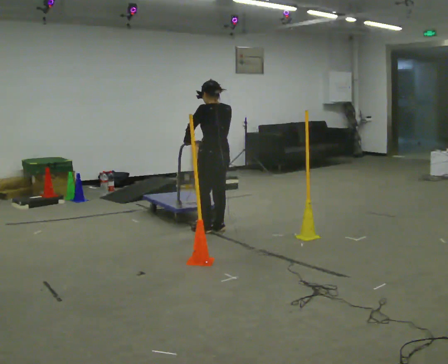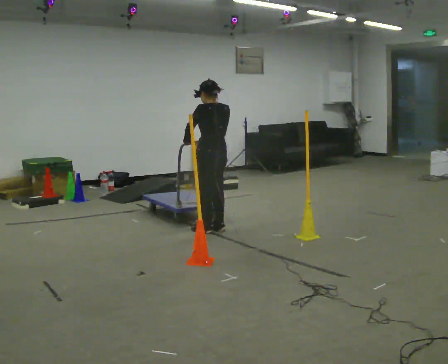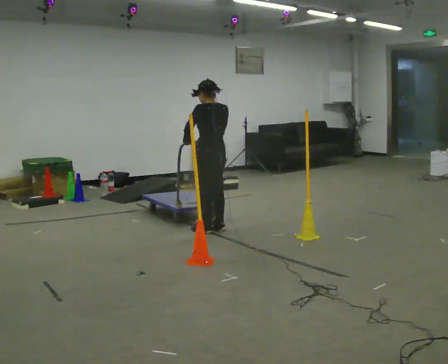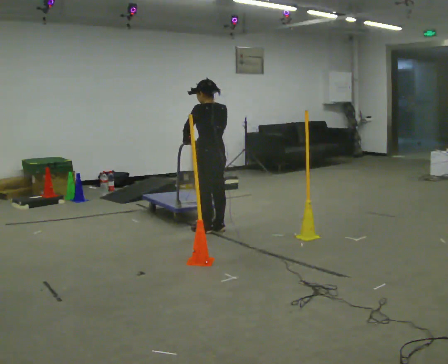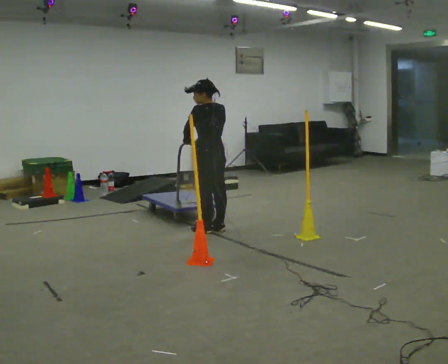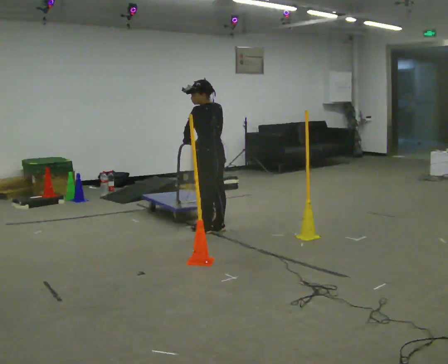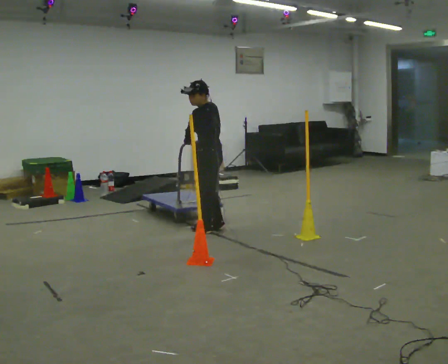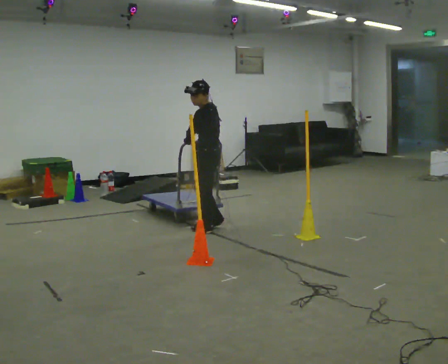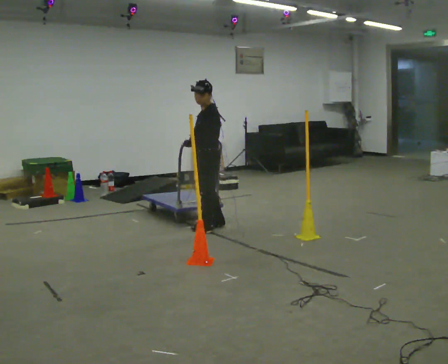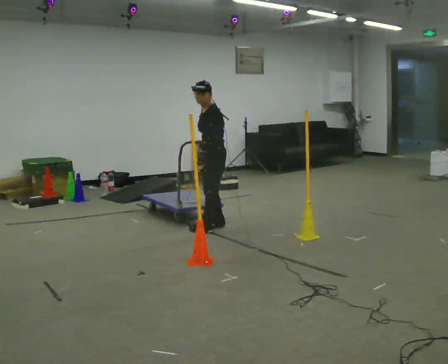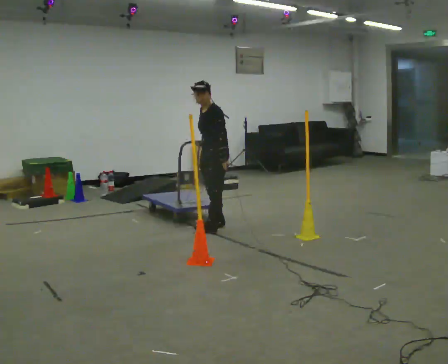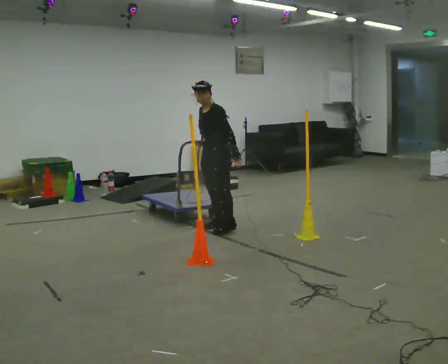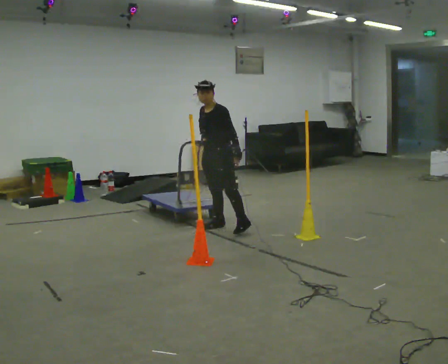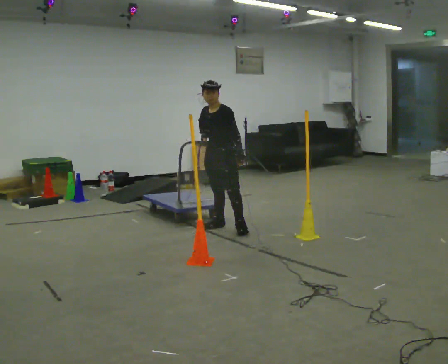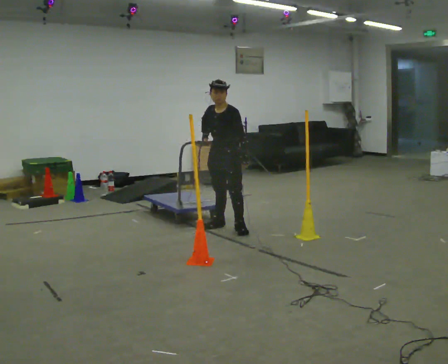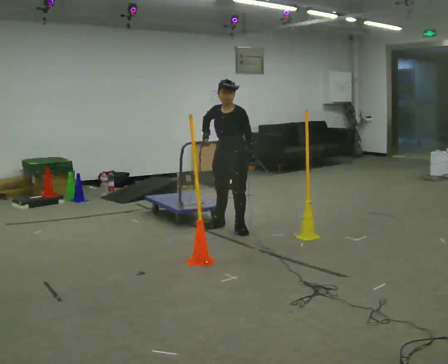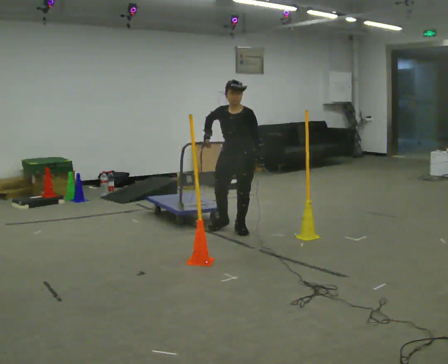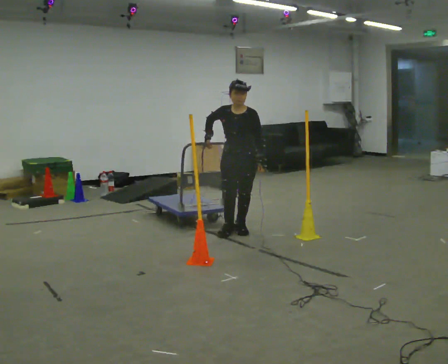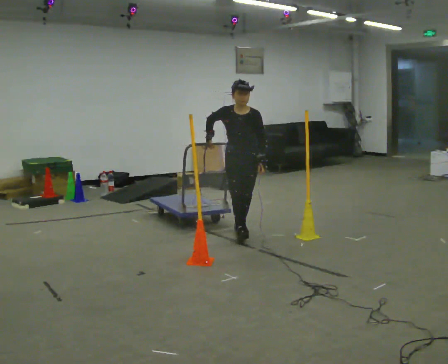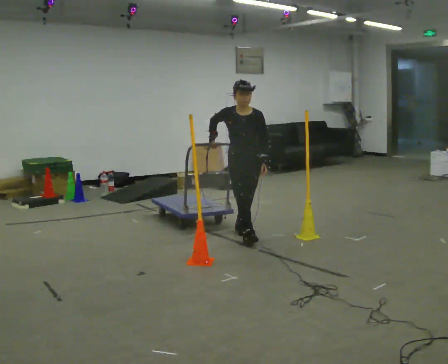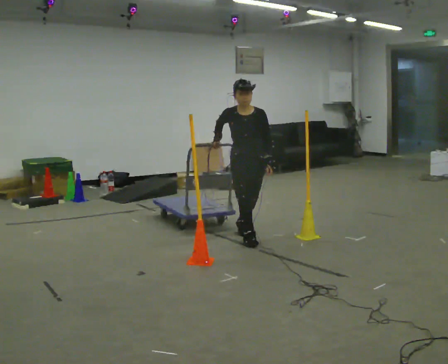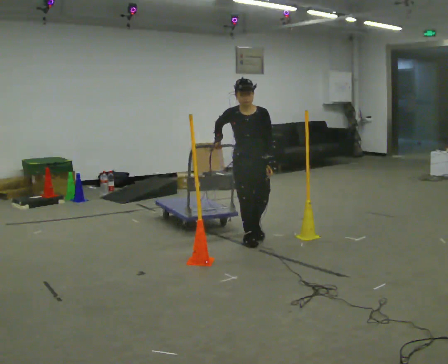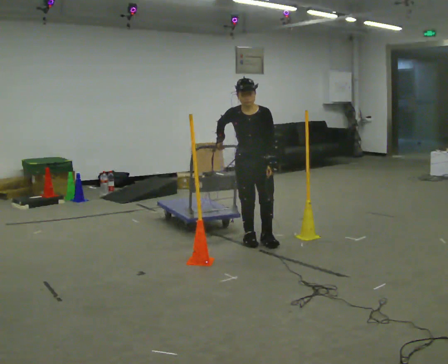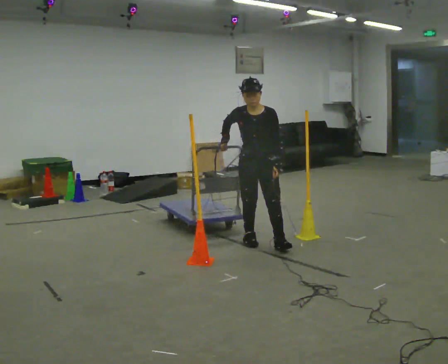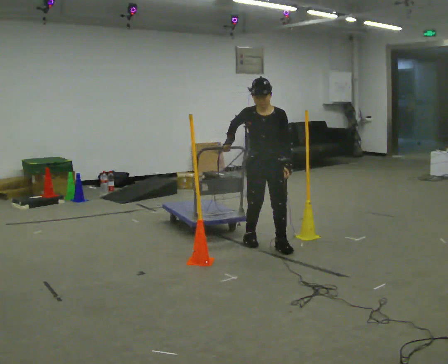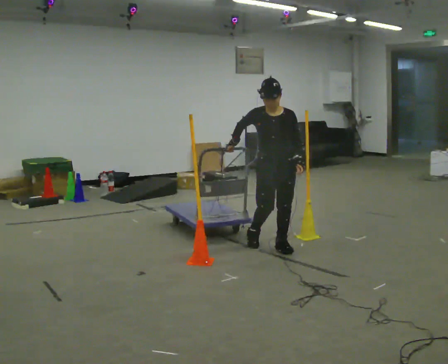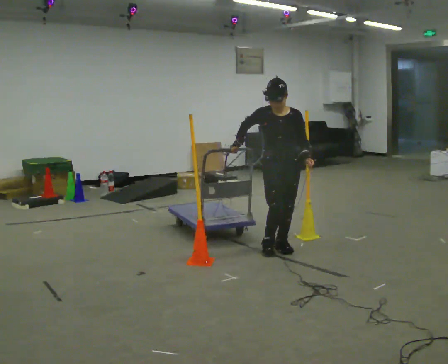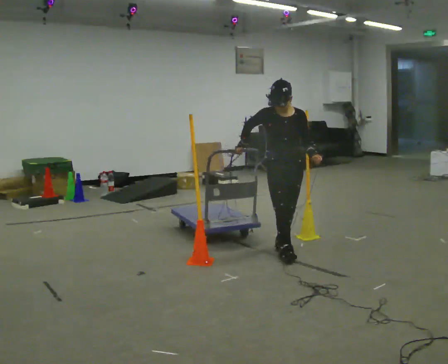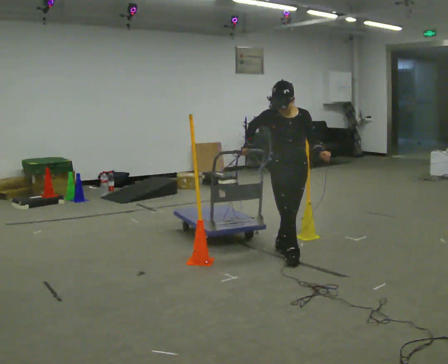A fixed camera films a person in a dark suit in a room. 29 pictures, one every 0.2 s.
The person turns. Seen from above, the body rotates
counterclockwise.
The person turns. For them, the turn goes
to their left.
0.0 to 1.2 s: The person turns about 30 degrees to their left, counterclockwise seen from above, so the part of the body nearest the lens slides to the right.
1.2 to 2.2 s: Seen from above the body turns counterclockwise, about 60 degrees: to their left, with its near side sliding to the right. In the picture their left hand goes to the right, the arm swinging counterclockwise.
2.2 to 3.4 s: Seen from above the body turns counterclockwise, about 45 degrees: to their left, with its near side sliding to the right. In the picture they go to the right and toward the camera, about 0.25 m in 1 step, which for them is to their left.
3.4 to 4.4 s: In the picture they go toward the camera, about 0.25 m in 1 step, which for them is forward.
4.4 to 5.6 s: In the picture they go toward the camera and to the right, about 0.5 m in 2 steps, which for them is forward and to their left.
The film runs forward here.
